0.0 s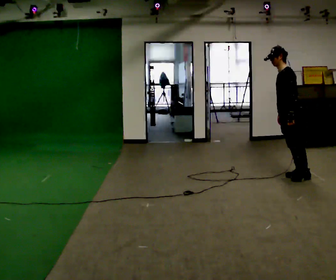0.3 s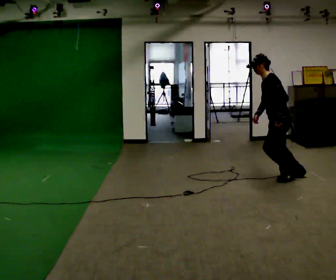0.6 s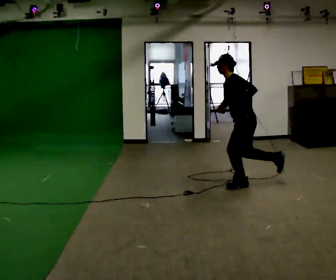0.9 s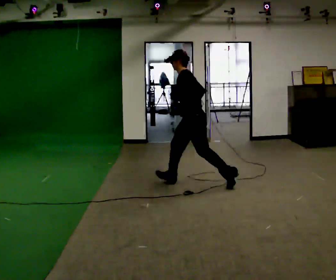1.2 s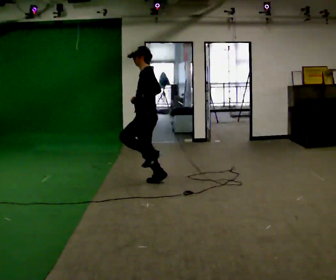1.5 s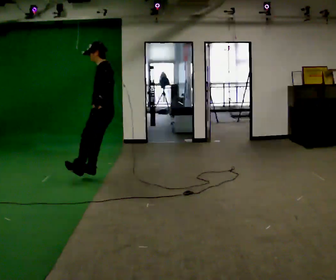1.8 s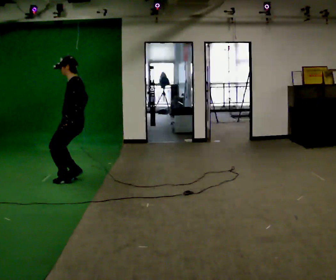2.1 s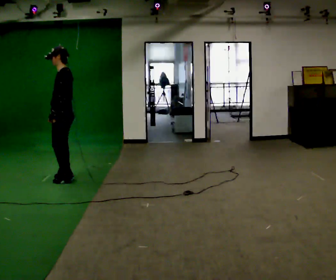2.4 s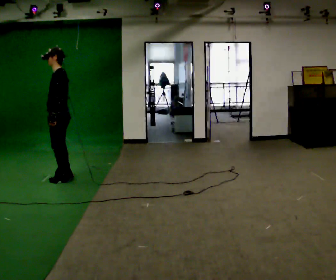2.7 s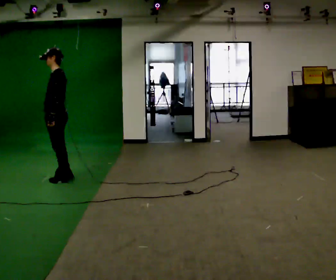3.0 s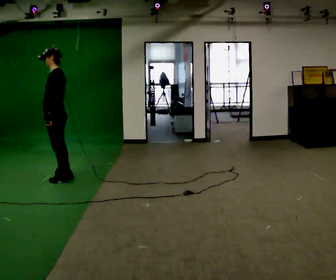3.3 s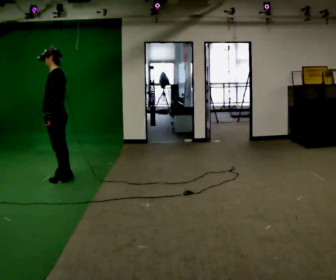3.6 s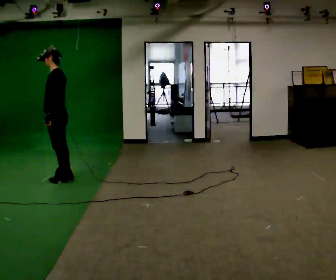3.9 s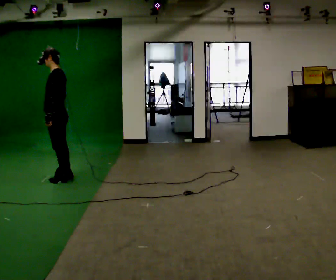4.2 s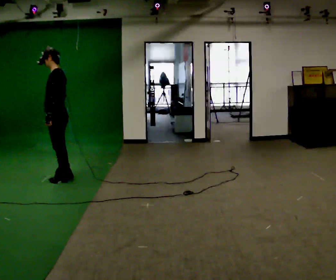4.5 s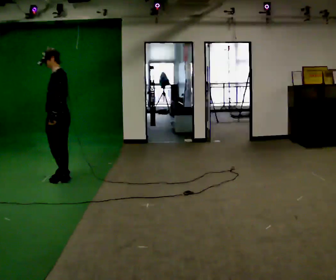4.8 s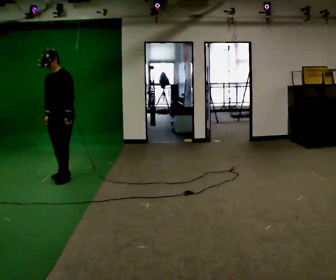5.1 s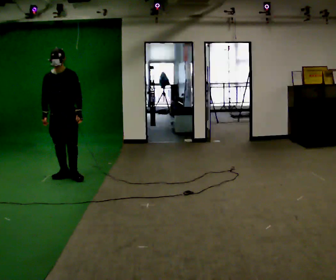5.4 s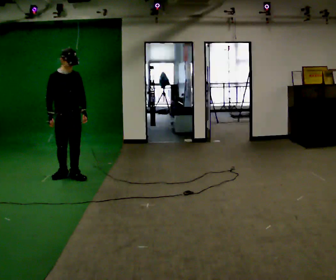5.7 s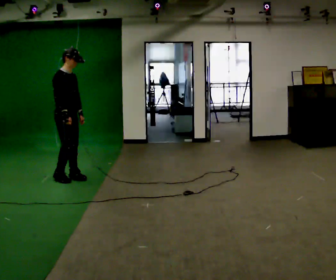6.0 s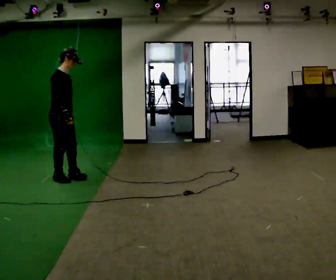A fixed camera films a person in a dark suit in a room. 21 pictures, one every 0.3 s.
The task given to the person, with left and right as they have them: Take a few running steps and leap forward as far as is comfortable; land on both feet. Repeat the movement at your own pace until the operator says stop; do not rush.
0.0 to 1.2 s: In the picture they go to the left, about 2 m in 1 step, which for them is forward.
1.2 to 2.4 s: In the picture they go to the left, about 1 m in 2 steps, which for them is forward.
2.4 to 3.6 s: The person moves a little, or ends about where they began.
3.6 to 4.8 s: The part of the body nearest the lens slides to the right as the person turns to their left by about 60 degrees.
4.8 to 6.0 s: Seen from above the body turns counterclockwise, about 105 degrees: to their left, with its near side sliding to the right. In the picture their right hand goes to the right.
The film runs forward here.
